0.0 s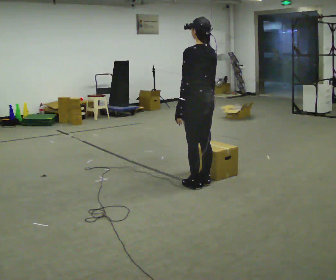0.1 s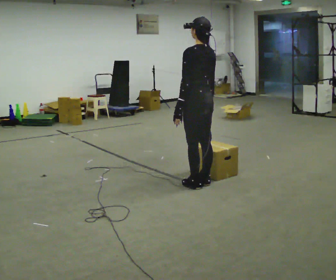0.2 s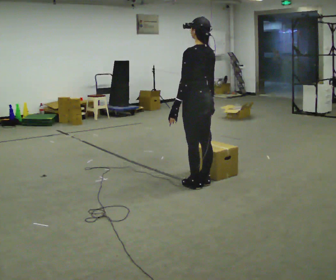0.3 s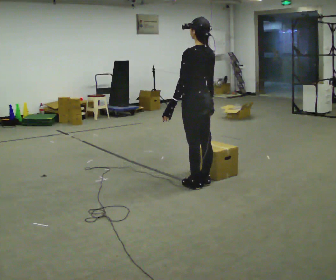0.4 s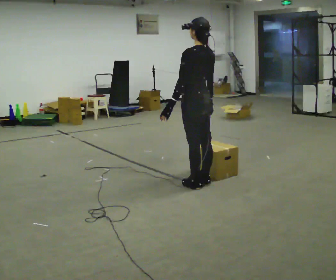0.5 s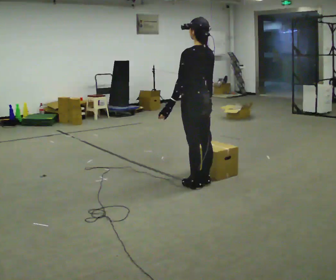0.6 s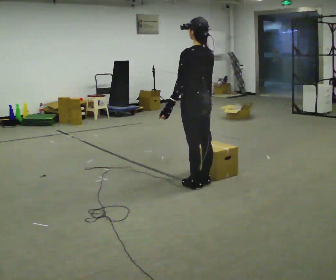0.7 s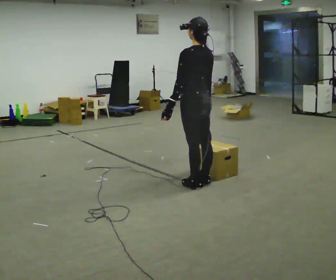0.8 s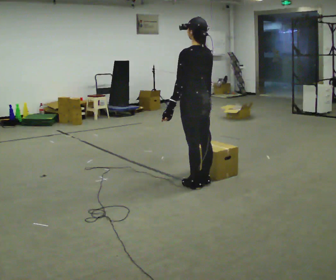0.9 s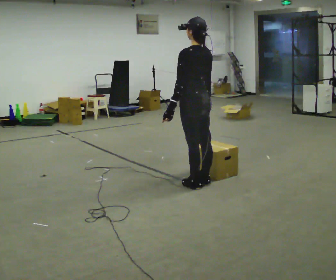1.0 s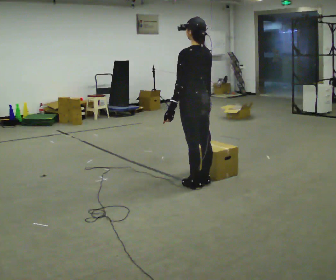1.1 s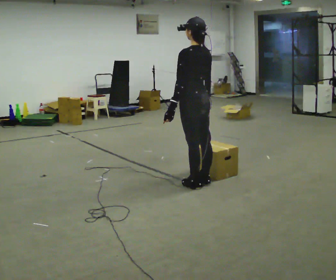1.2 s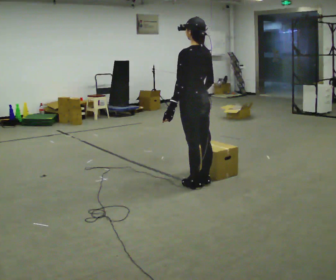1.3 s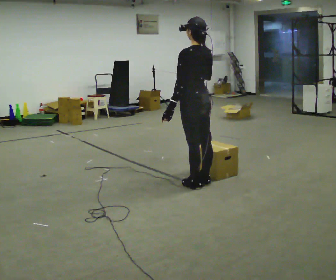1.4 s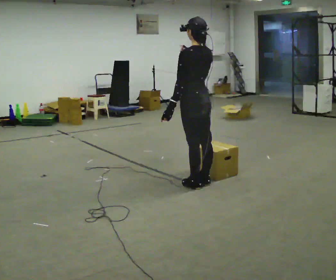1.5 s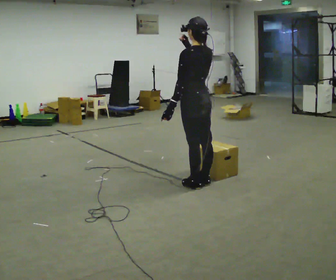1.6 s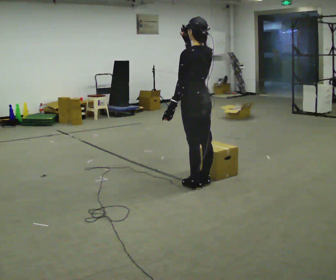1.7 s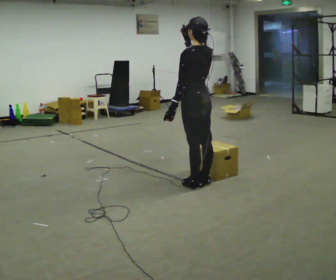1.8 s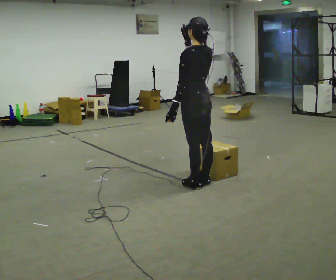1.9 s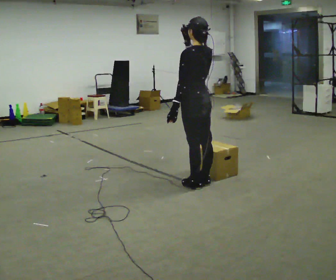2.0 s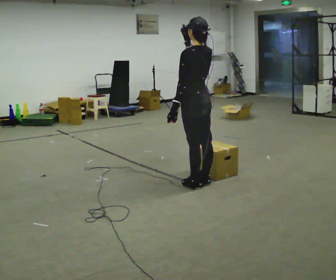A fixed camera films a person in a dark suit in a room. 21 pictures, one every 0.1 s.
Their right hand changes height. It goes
upward.
0.0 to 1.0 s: The person moves a little, or ends about where they began.
1.0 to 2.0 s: In the picture their right hand goes upward.
The film runs forward here.
